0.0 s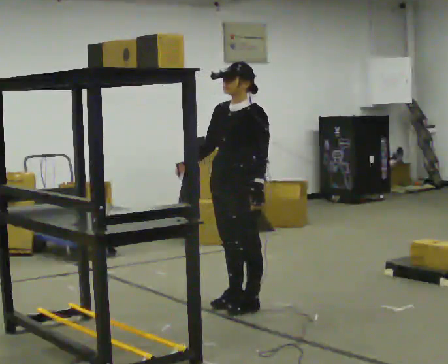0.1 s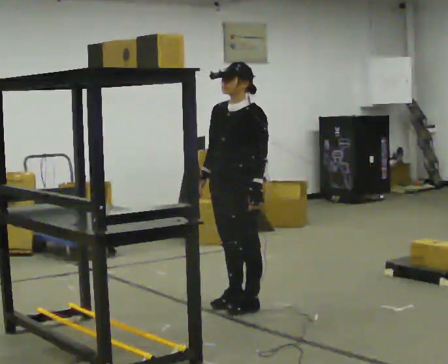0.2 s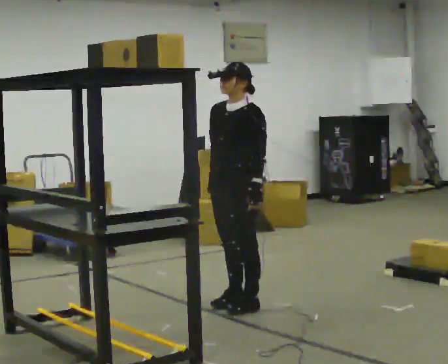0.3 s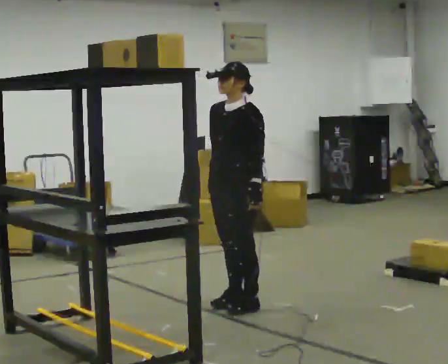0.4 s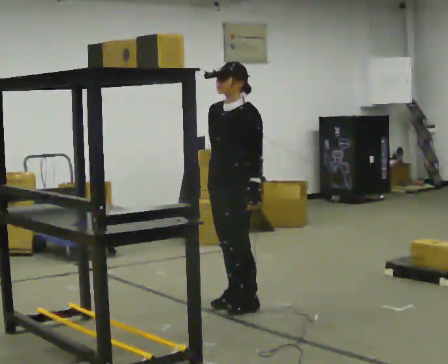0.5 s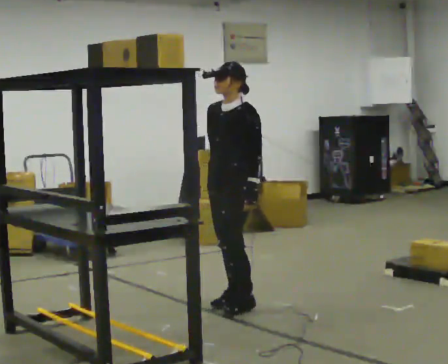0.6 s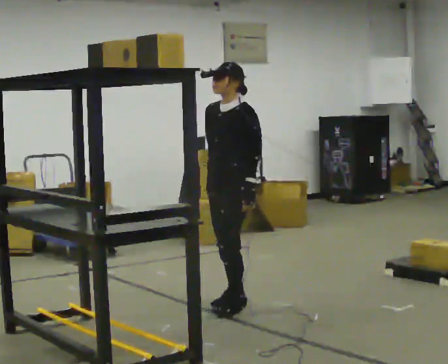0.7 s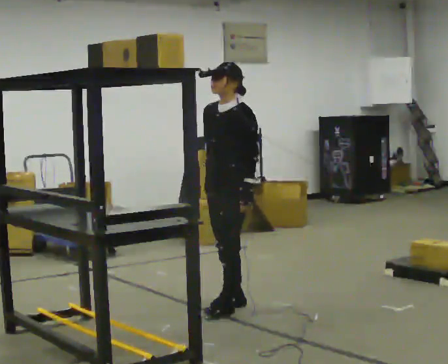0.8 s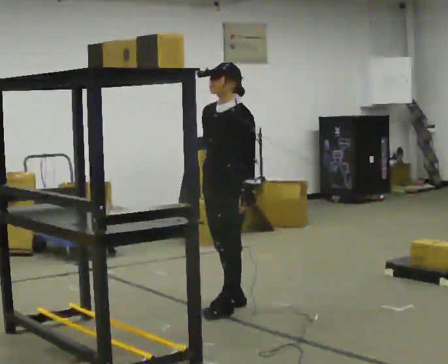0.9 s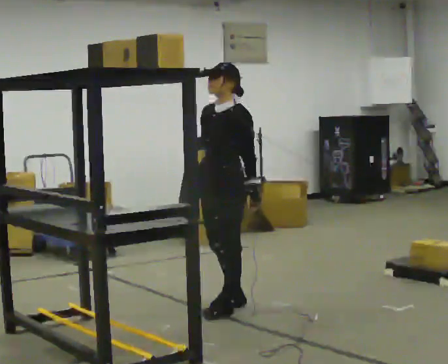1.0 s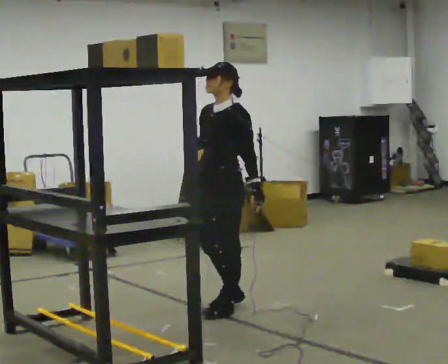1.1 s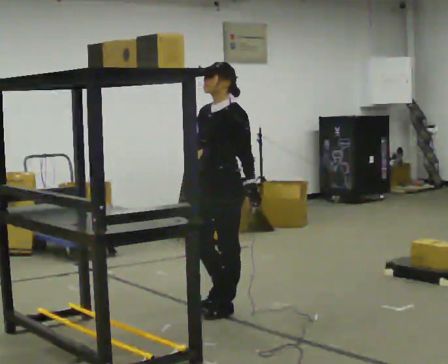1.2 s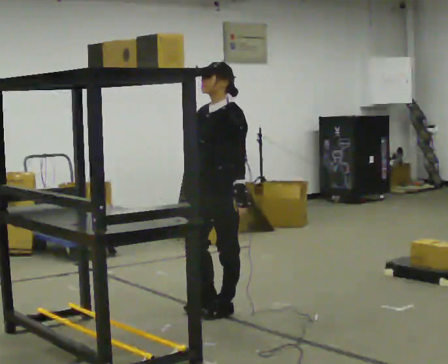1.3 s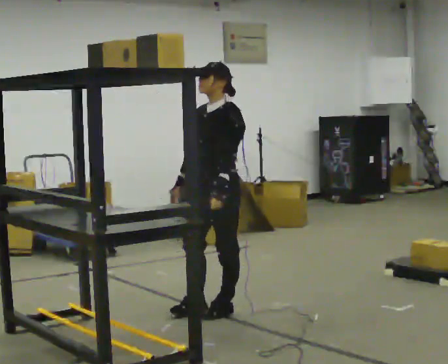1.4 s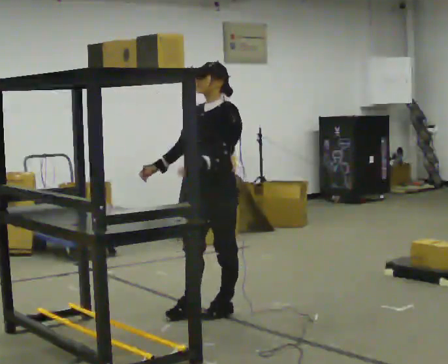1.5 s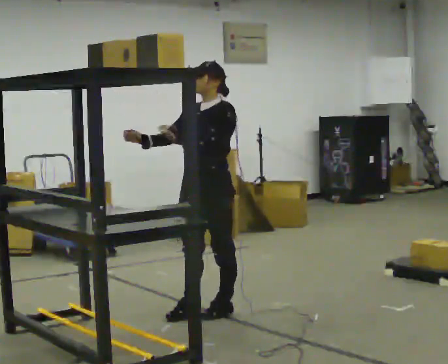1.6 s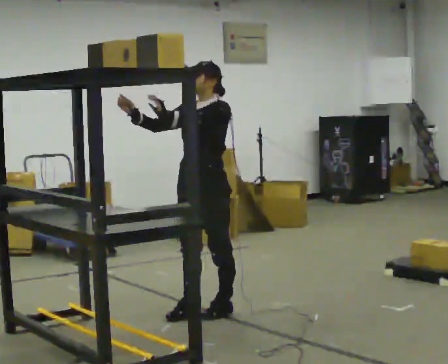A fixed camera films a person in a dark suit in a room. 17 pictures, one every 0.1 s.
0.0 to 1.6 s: In the picture they go to the left and toward the camera, about 0.25 m in 2 steps, which for them is forward. In the picture their left hand goes to the left and upward.
The film runs backward here.
